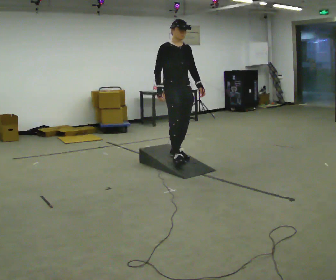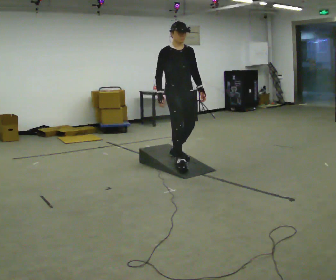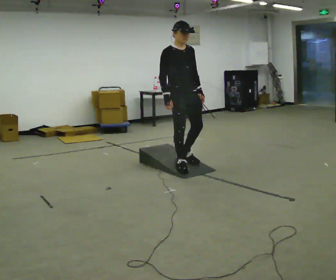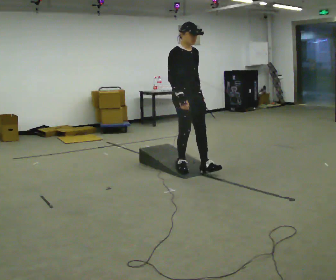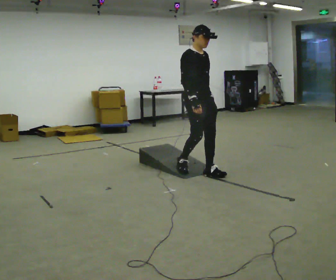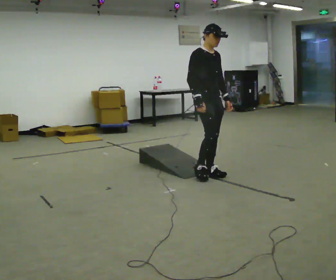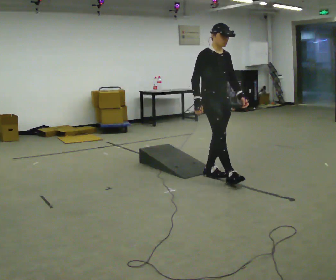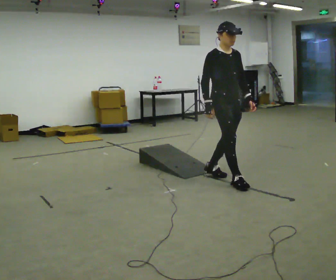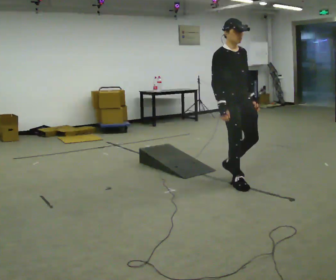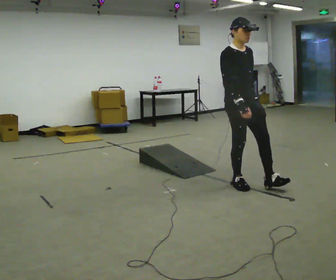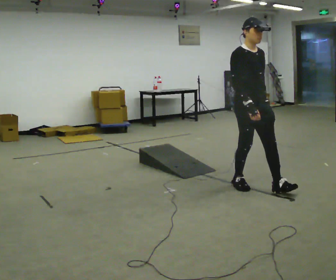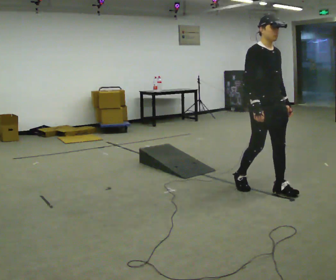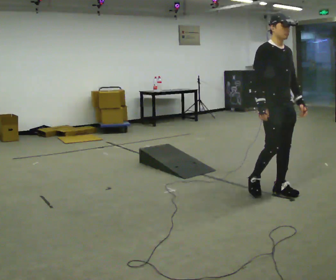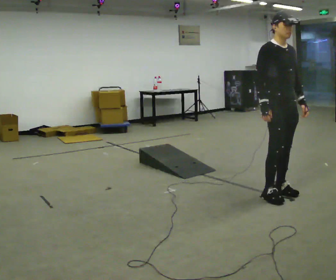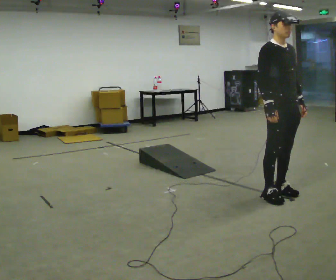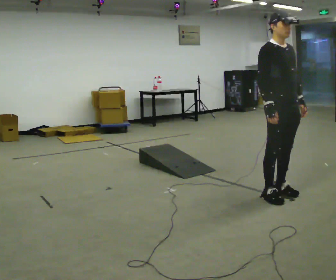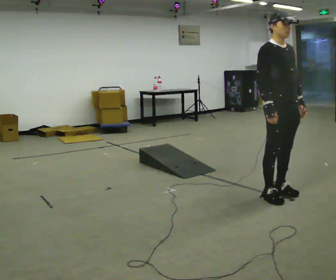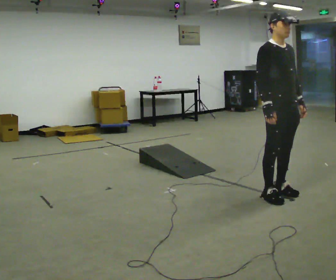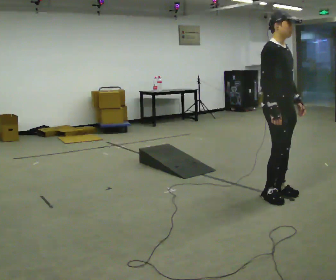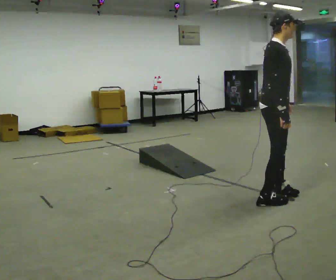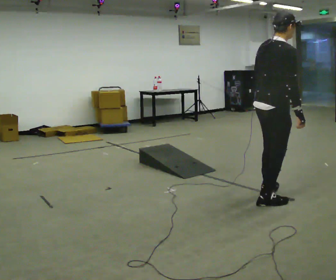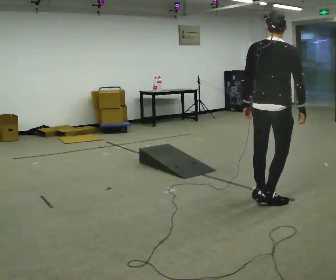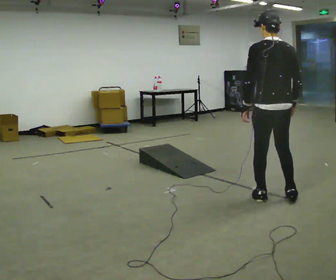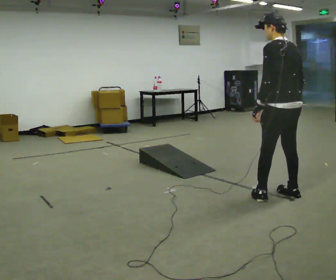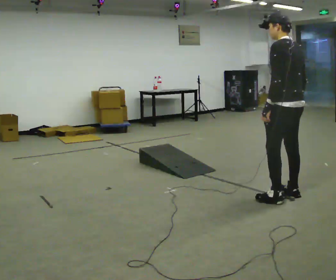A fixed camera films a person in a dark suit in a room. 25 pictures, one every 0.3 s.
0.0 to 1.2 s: In the picture they go to the right and toward the camera, about 0.5 m in 1 step, which for them is forward.
1.2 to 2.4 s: In the picture they go to the right and toward the camera, about 0.5 m in 1 step, which for them is forward.
2.4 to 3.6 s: In the picture they go to the right and toward the camera, about 0.5 m in 1 step, which for them is forward.
3.6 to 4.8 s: The person moves a little, or ends about where they began.
4.8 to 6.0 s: The part of the body nearest the lens slides to the right as the person turns to their left by about 90 degrees. In the picture they go toward the camera, about 0.25 m in 1 step. In the picture their left hand goes to the left, the arm swinging clockwise.
6.0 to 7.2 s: The part of the body nearest the lens slides to the right as the person turns to their left by about 105 degrees. In the picture they go to the right, about 0.25 m in 3 steps. In the picture the upper body tilts counterclockwise, shoulders to the left.
The film runs forward here.
